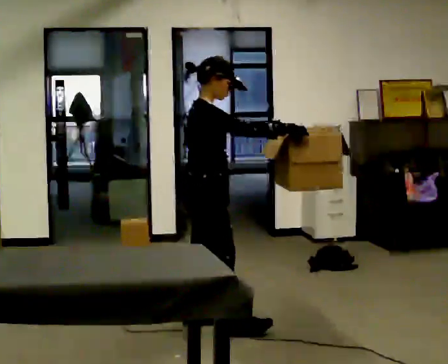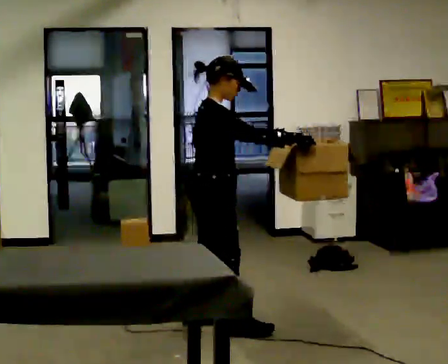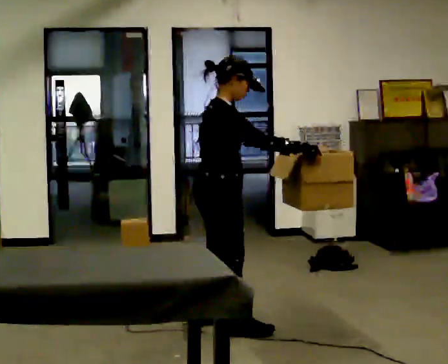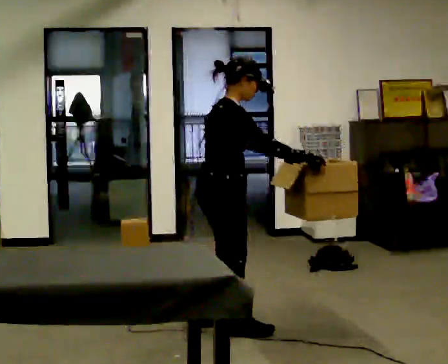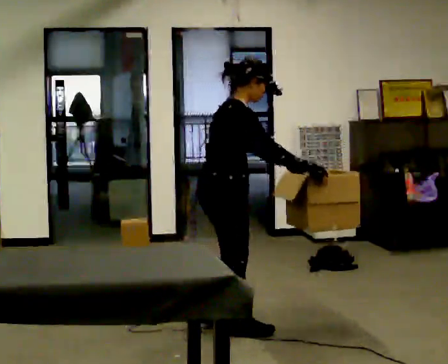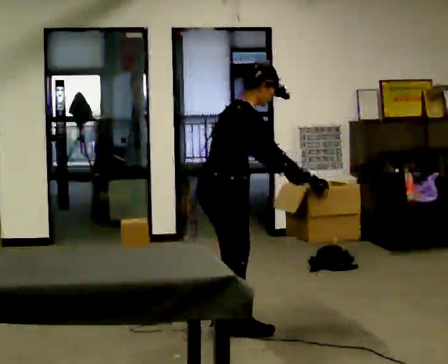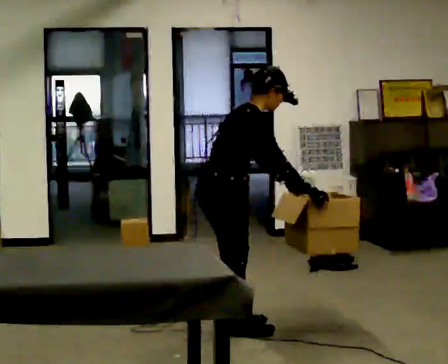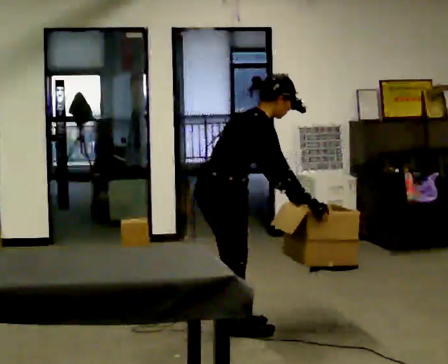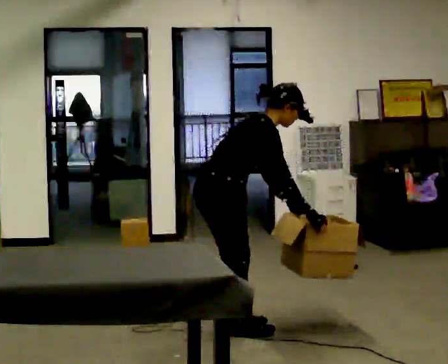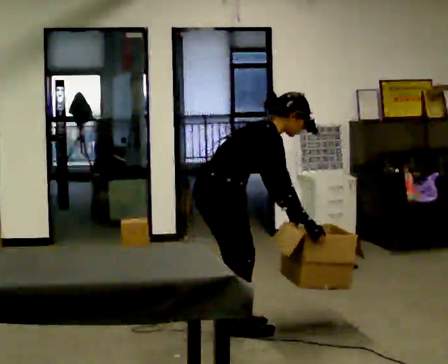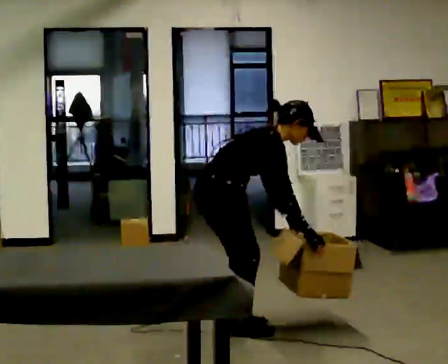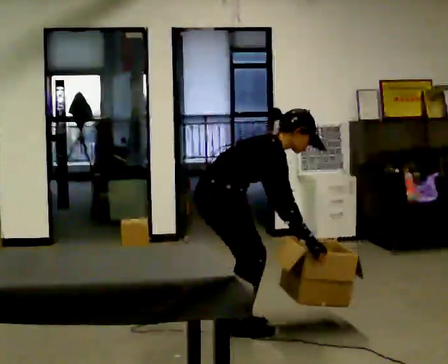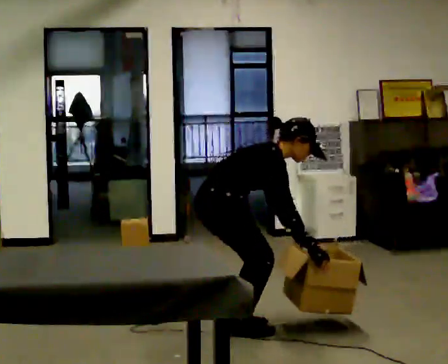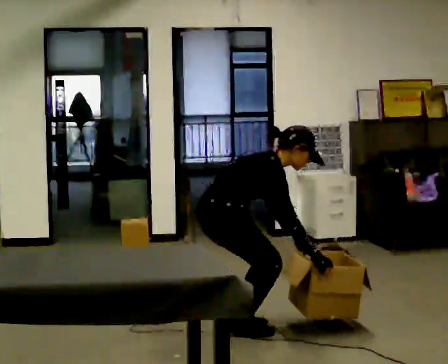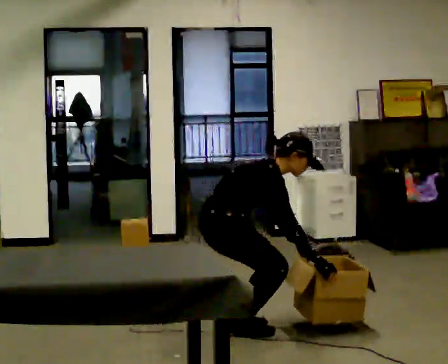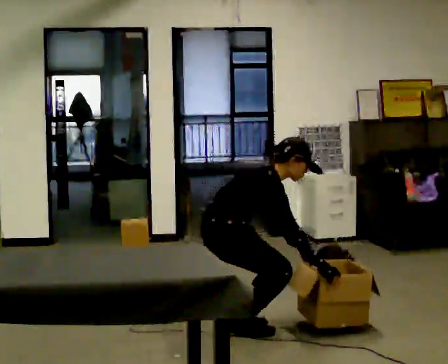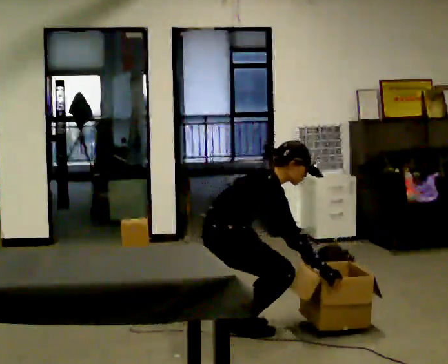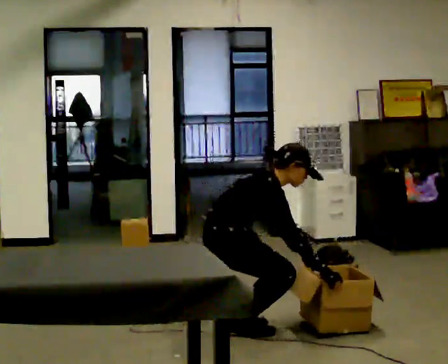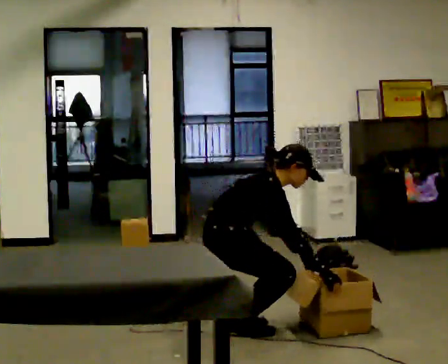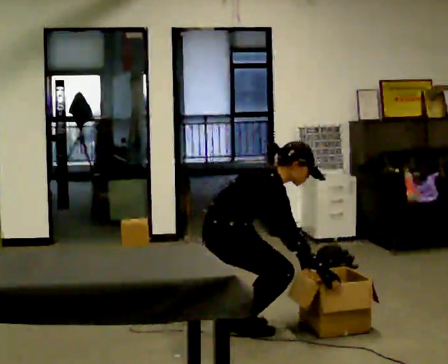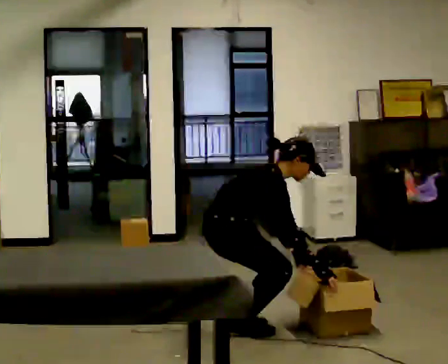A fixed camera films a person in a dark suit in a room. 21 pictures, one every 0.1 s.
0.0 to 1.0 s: The shoulders move downward. In the picture the upper body tilts clockwise, shoulders to the right, as they bend forward. In the picture their right hand goes downward, the arm swinging clockwise.
1.0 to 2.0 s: The person moves a little, or ends about where they began.
The film runs forward here.
